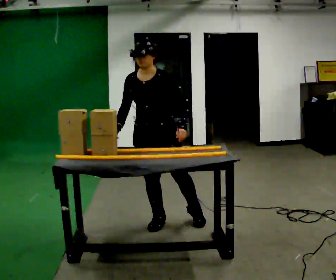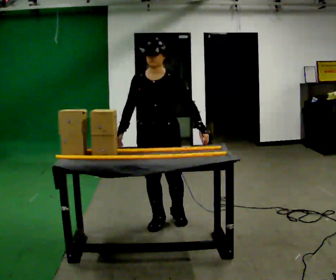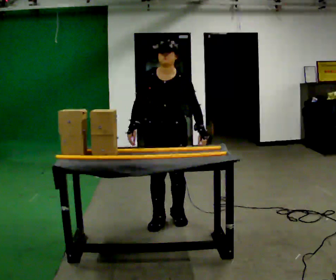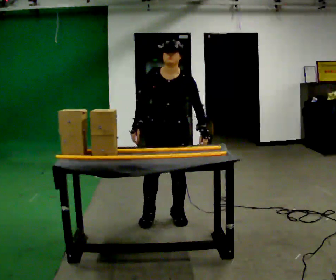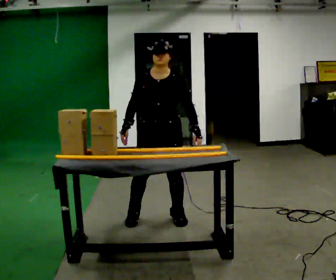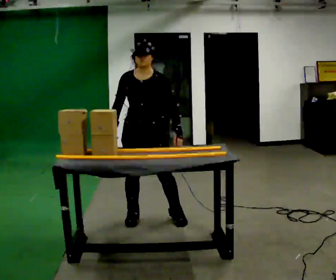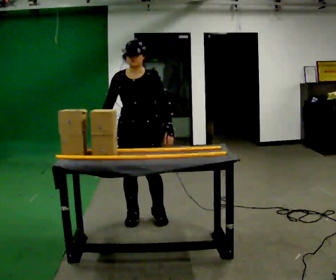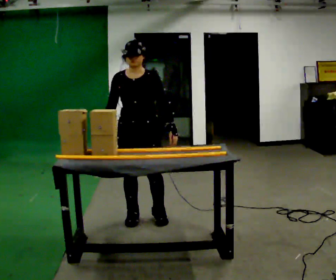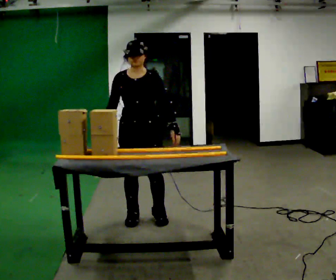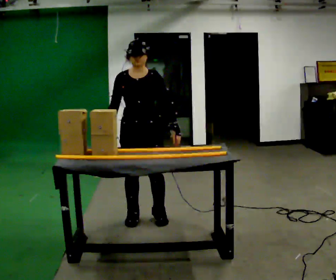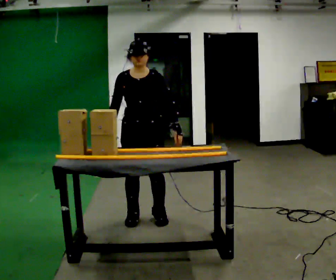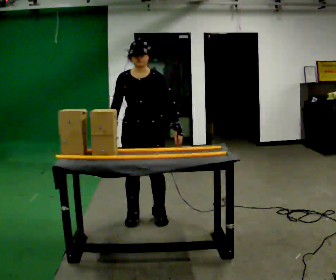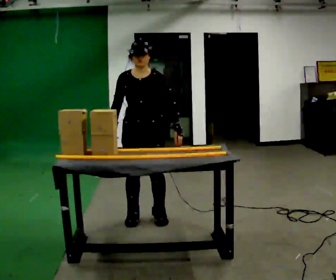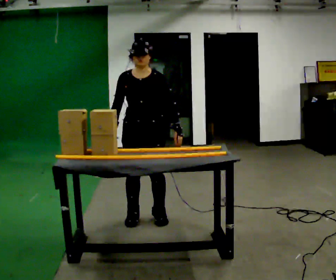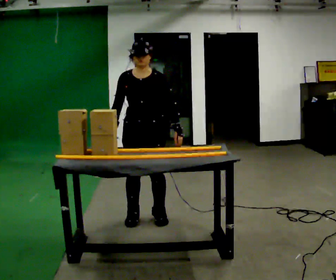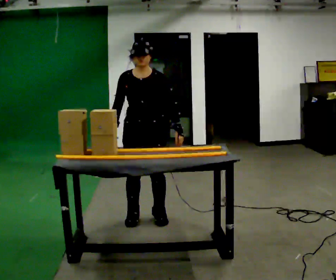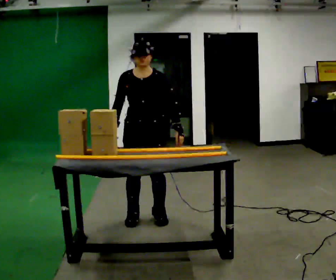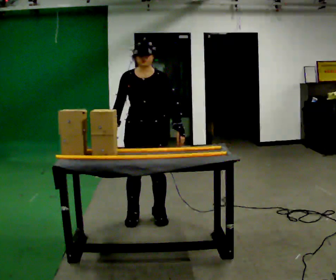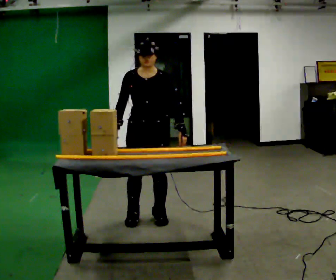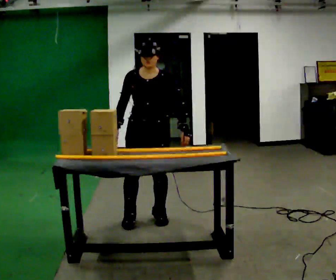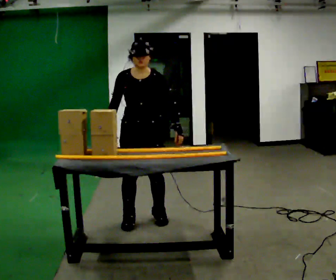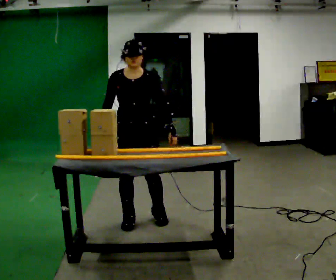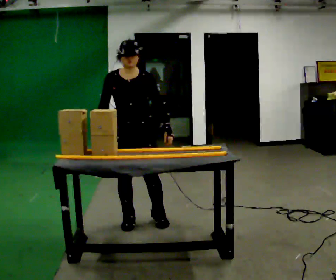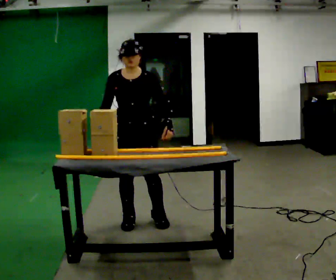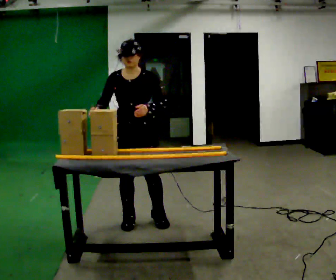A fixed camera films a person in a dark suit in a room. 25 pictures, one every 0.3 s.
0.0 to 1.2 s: The person moves a little, or ends about where they began.
1.2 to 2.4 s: In the picture they go to the left, about 0.25 m in 1 step, which for them is to their right.
2.4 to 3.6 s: The person moves a little, or ends about where they began.
3.6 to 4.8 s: The person keeps their place and pose.
4.8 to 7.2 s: In the picture their left hand goes to the left.
The film runs forward here.
